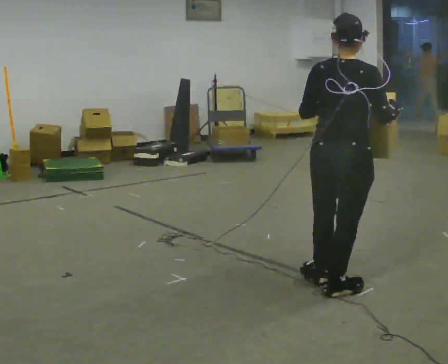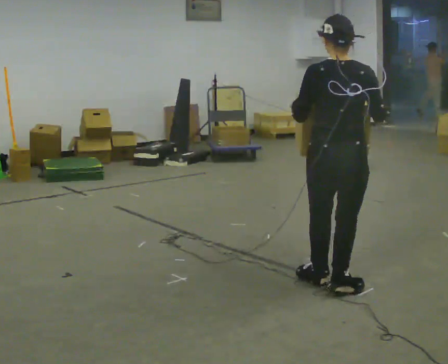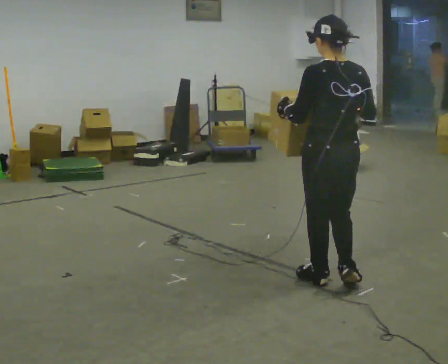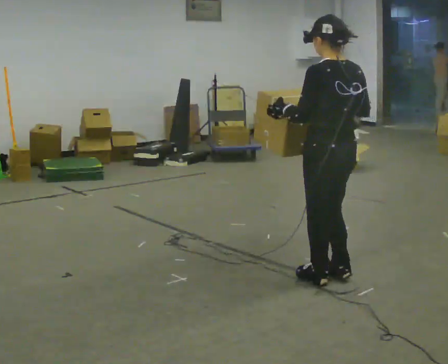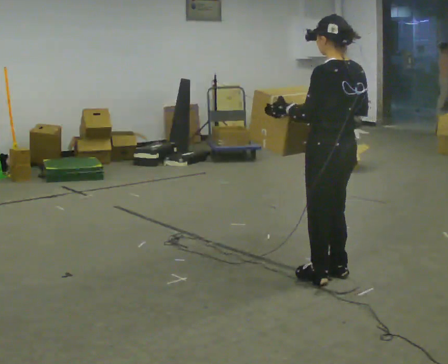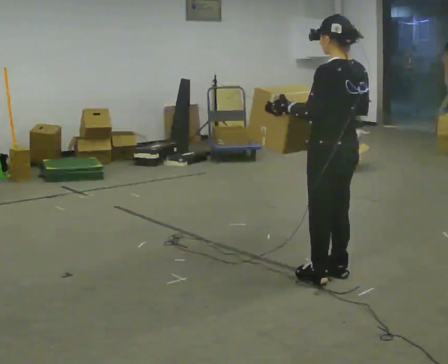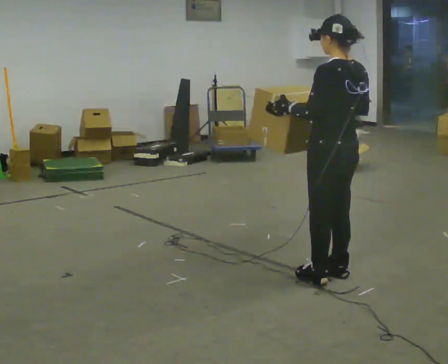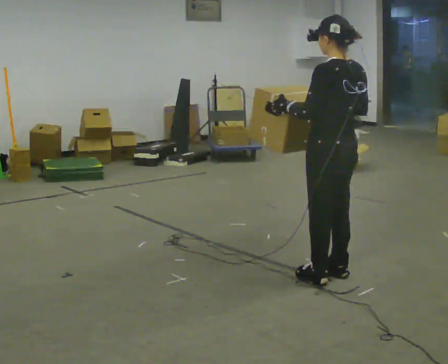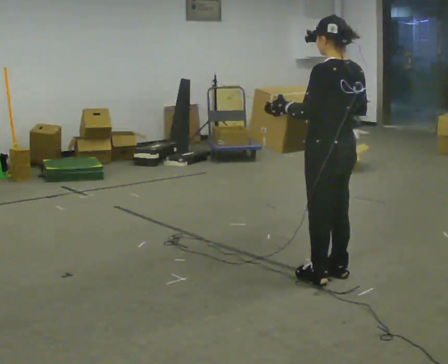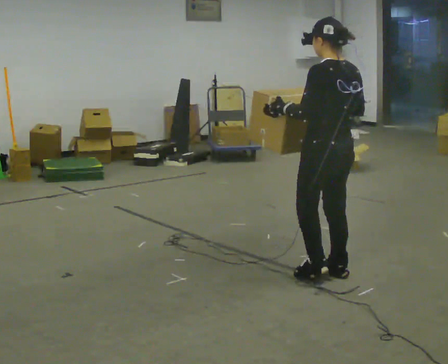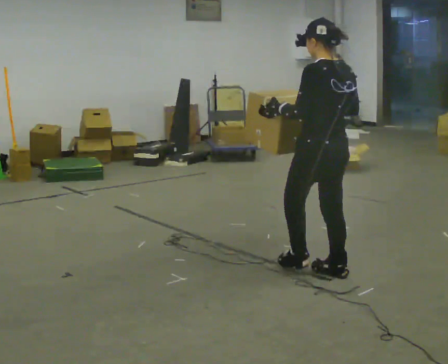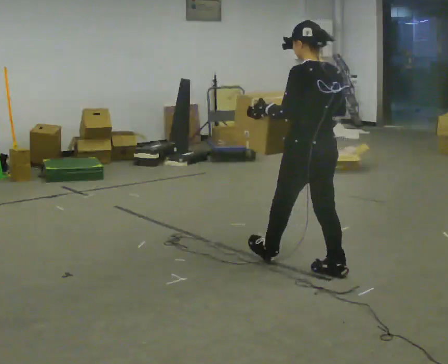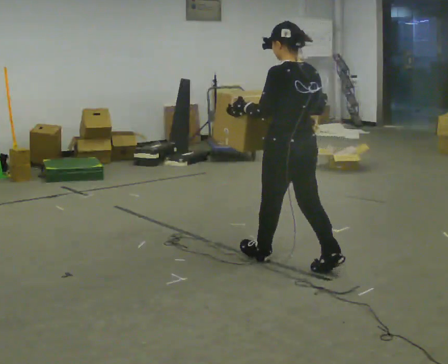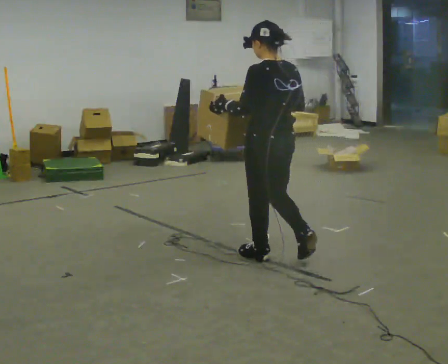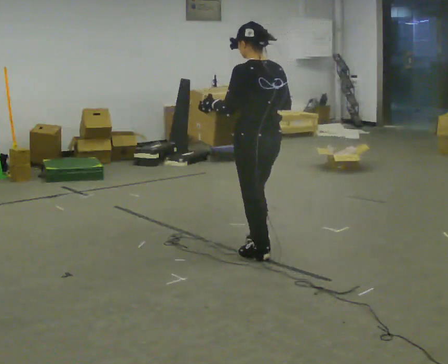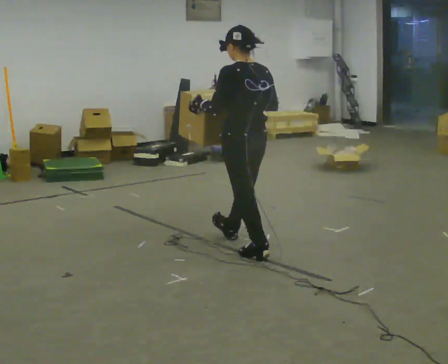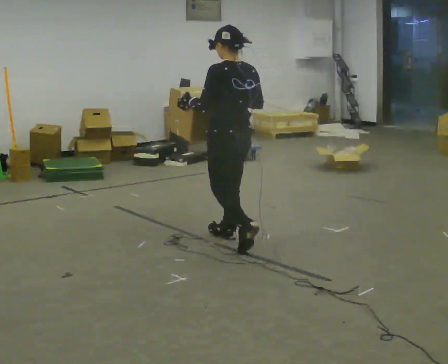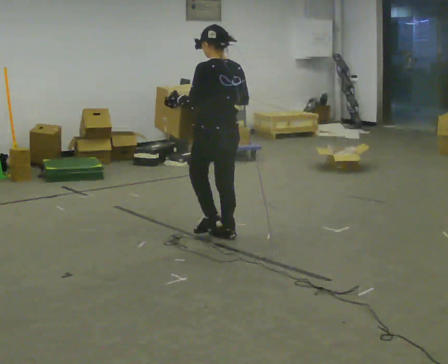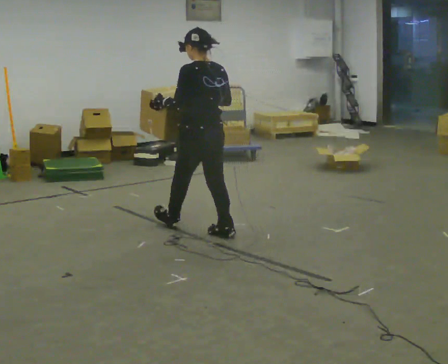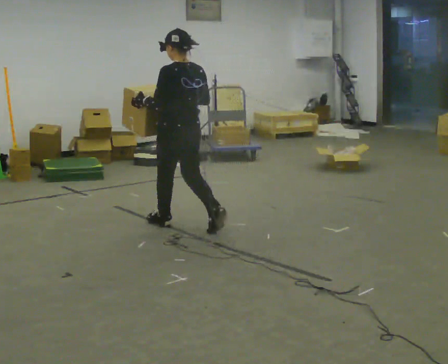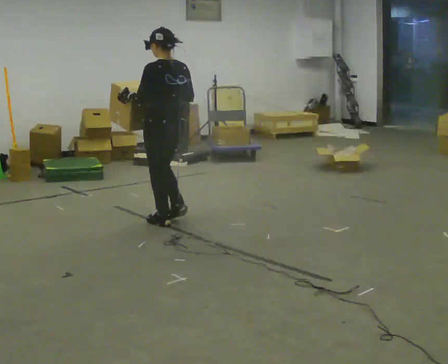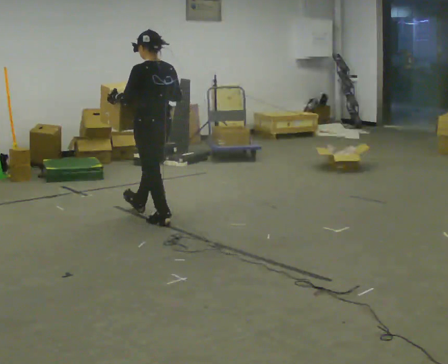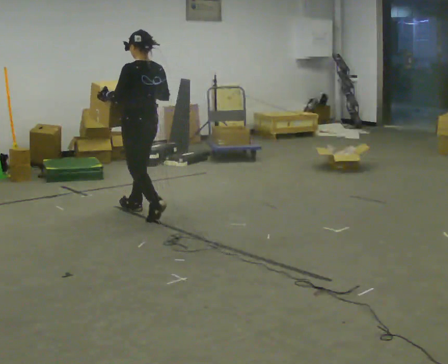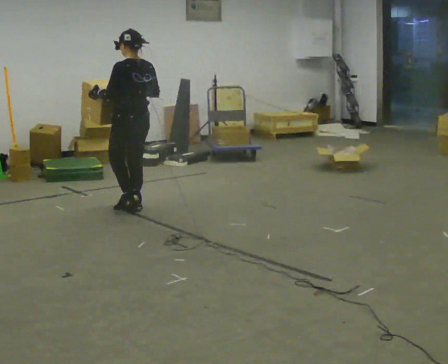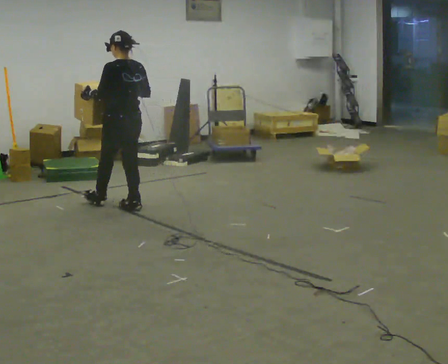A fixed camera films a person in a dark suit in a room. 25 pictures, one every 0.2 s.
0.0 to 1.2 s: Seen from above the body turns counterclockwise, about 60 degrees: to their left, with its near side sliding to the right. In the picture they go away from the camera, about 0.25 m in 1 step, which for them is to their right and forward.
1.2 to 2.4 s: In the picture they go away from the camera and to the left, about 0.25 m in 1 step, which for them is forward.
2.4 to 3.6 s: In the picture they go away from the camera and to the left, about 1 m in 1 step, which for them is forward.
3.6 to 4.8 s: In the picture they go away from the camera and to the left, about 1 m in 2 steps, which for them is forward.
The film runs forward here.
